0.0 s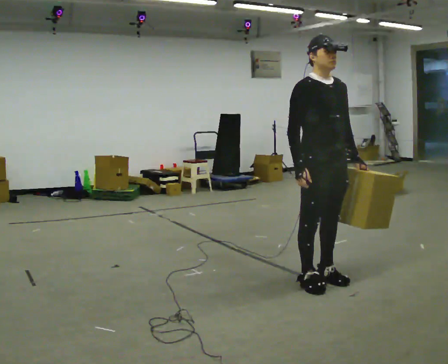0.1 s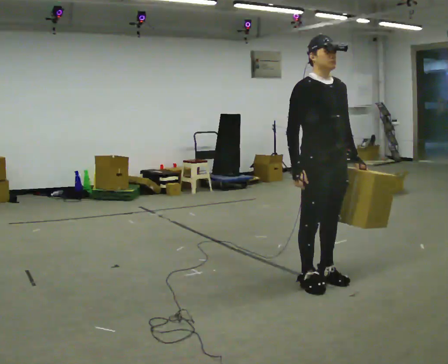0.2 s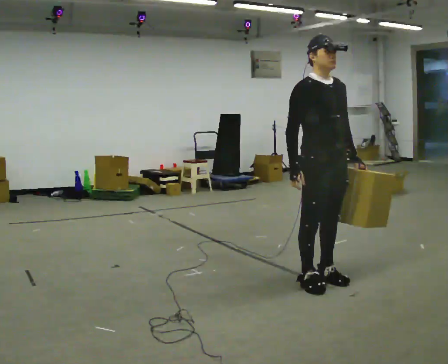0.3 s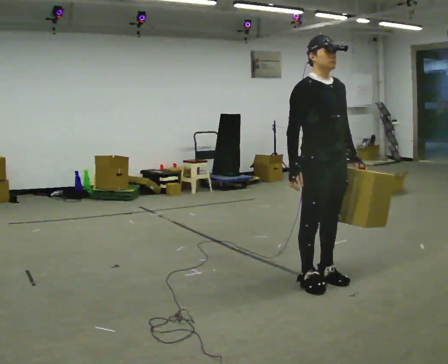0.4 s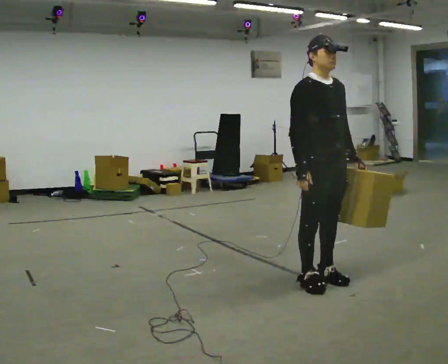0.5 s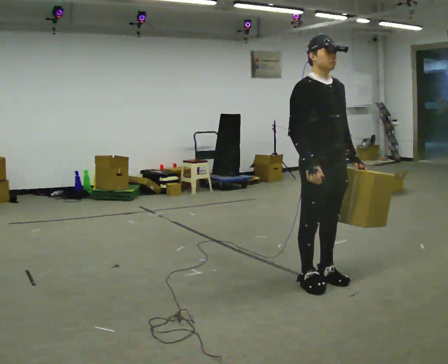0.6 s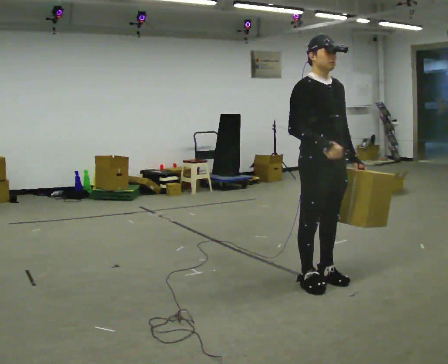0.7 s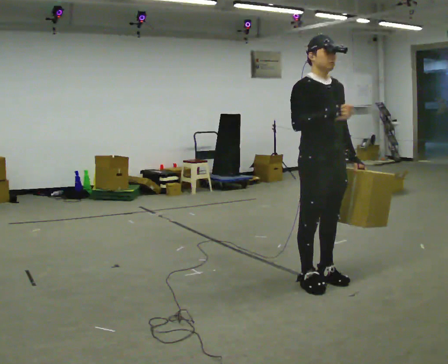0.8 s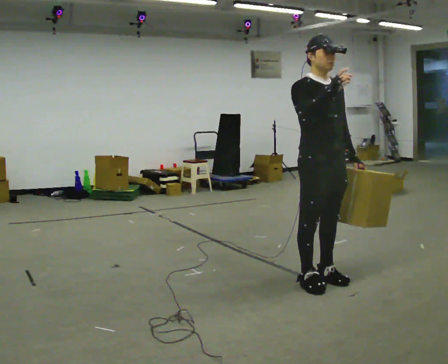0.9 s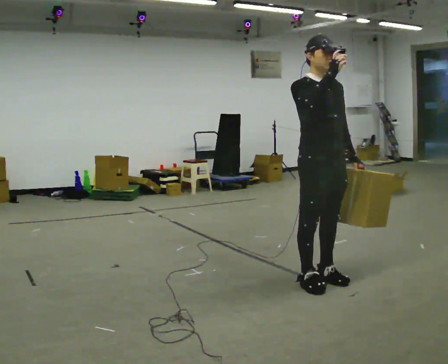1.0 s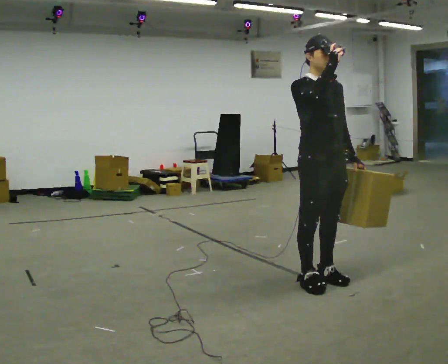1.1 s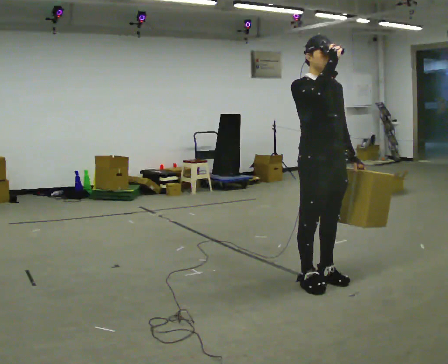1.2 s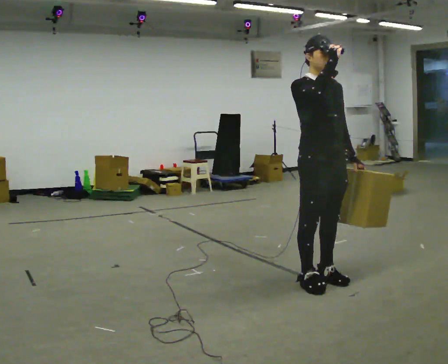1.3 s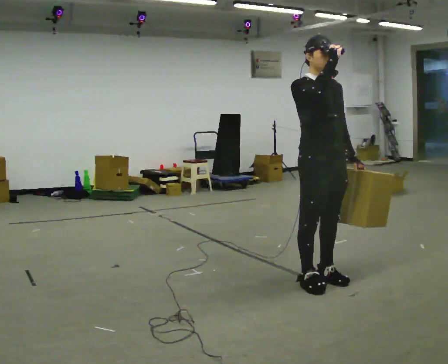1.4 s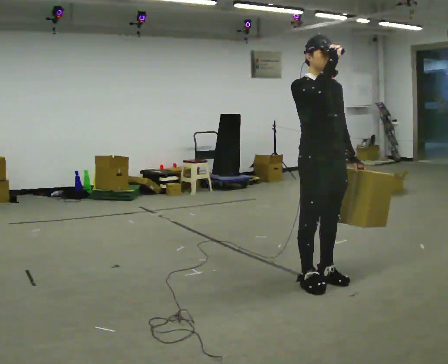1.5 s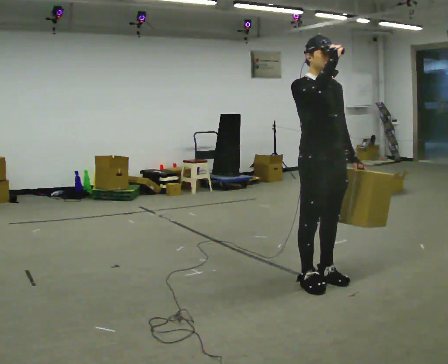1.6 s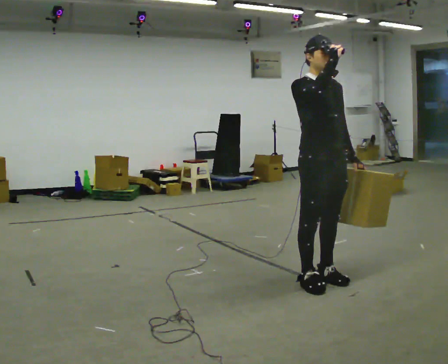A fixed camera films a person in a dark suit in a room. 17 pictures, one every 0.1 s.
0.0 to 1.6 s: In the picture their right hand goes upward.
The film runs backward here.
